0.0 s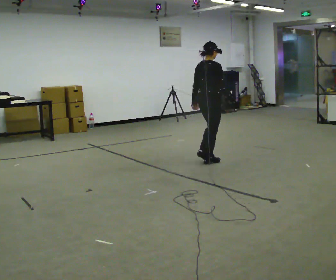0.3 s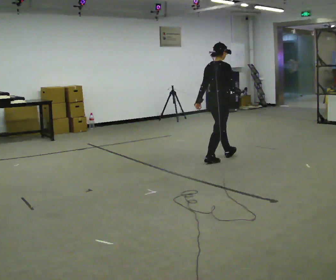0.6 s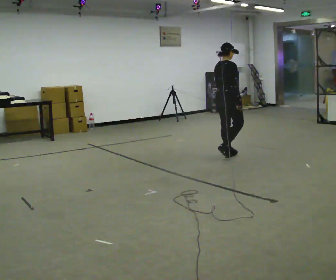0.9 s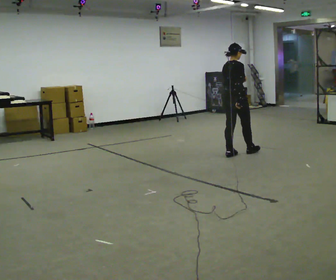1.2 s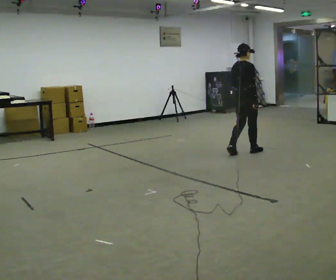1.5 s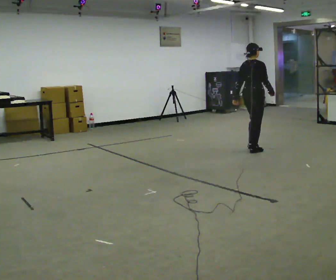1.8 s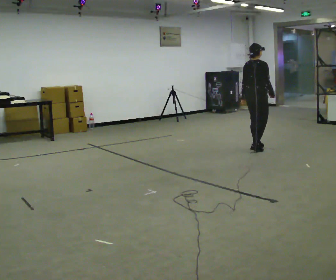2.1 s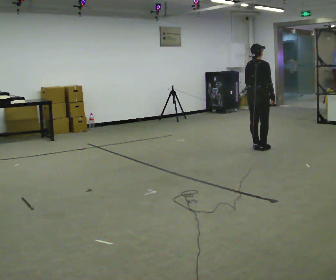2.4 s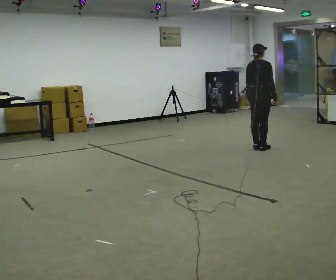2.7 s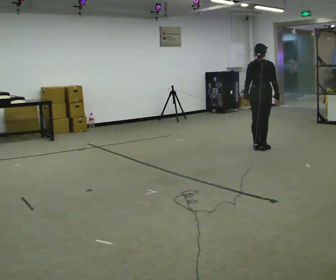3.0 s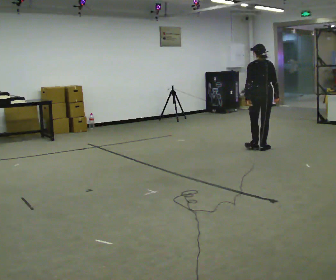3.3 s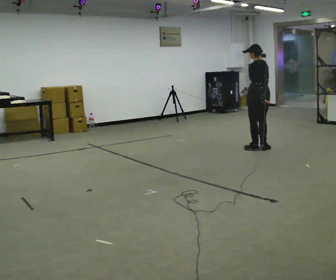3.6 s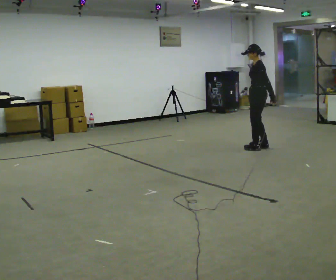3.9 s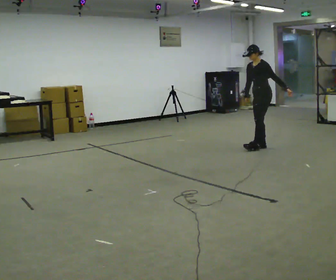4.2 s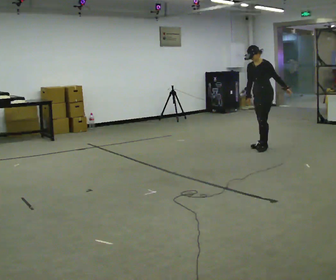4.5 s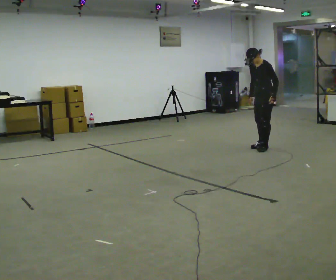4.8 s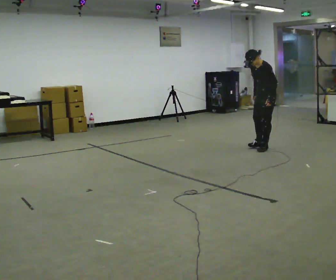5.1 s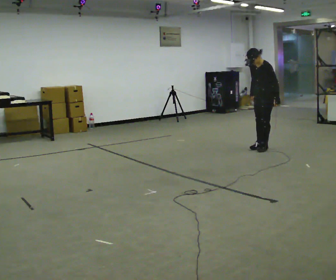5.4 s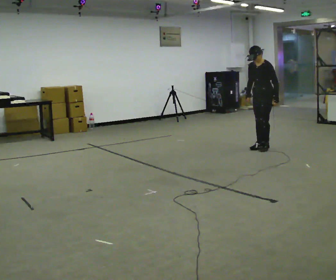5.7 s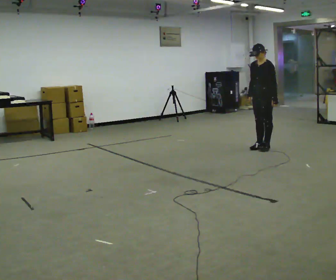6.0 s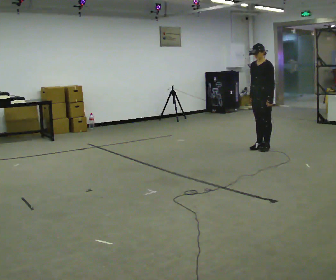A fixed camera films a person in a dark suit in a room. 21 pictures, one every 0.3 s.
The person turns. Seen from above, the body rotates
counterclockwise.
The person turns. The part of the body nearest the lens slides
to the right.
0.0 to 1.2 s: In the picture they go away from the camera and to the right, about 0.75 m in 2 steps, which for them is forward.
1.2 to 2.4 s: In the picture they go away from the camera and to the right, about 0.25 m in 2 steps, which for them is forward.
2.4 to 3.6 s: The person turns about 120 degrees to their left, counterclockwise seen from above, so the part of the body nearest the lens slides to the right. In the picture their left hand goes to the right.
3.6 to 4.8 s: The person turns about 30 degrees to their left, counterclockwise seen from above, so the part of the body nearest the lens slides to the right. The upper body tips toward the camera, its near side rolling downward, as they bend forward.
4.8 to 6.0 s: The upper body tips away from the camera, its near side rolling upward, as they lean back or straighten.
The film runs forward here.
